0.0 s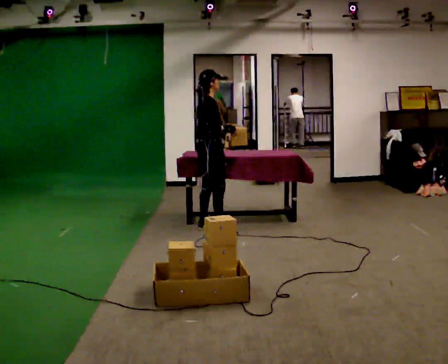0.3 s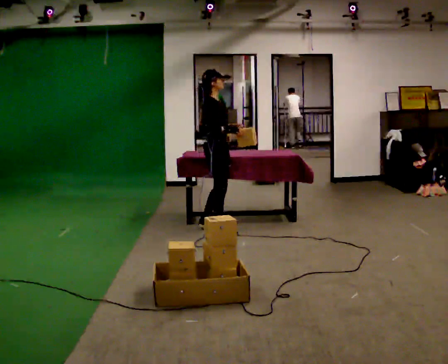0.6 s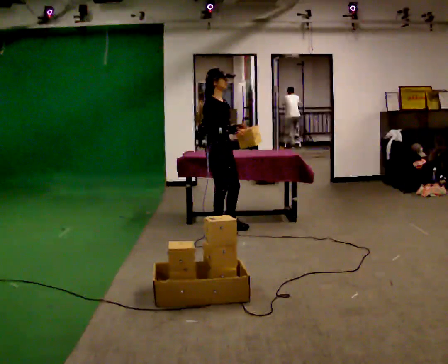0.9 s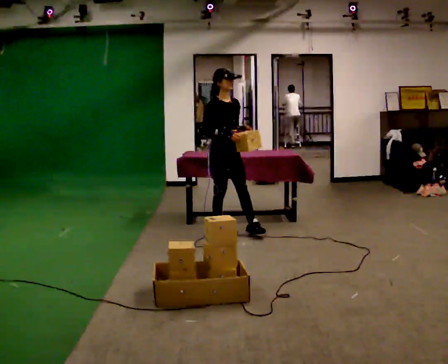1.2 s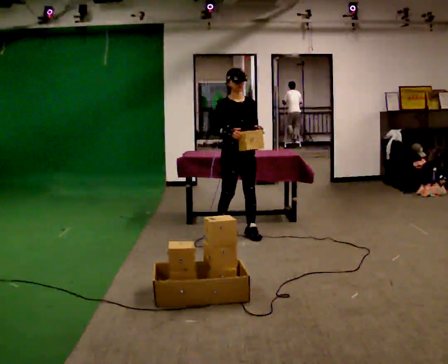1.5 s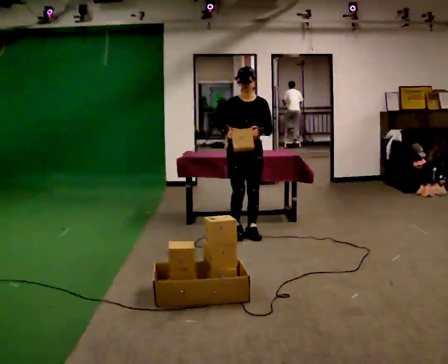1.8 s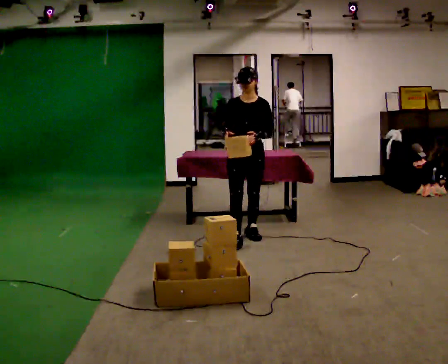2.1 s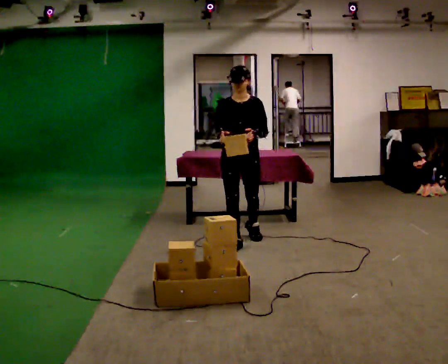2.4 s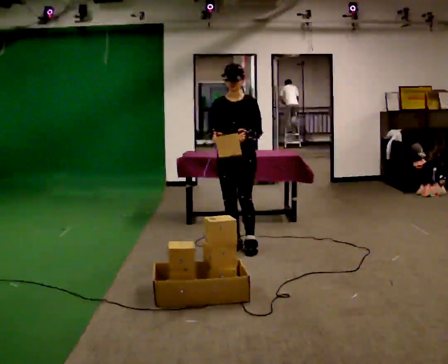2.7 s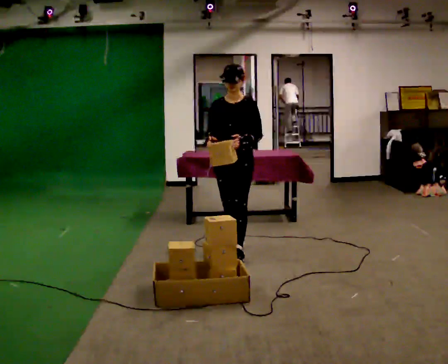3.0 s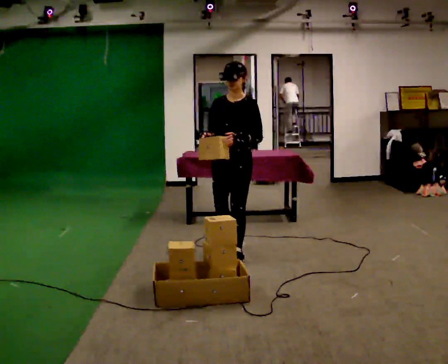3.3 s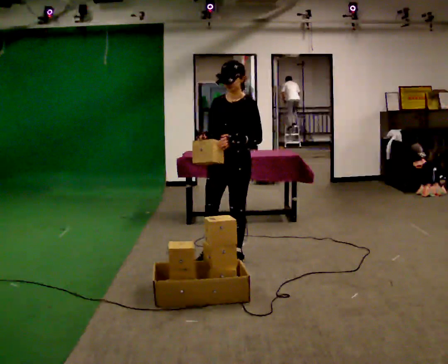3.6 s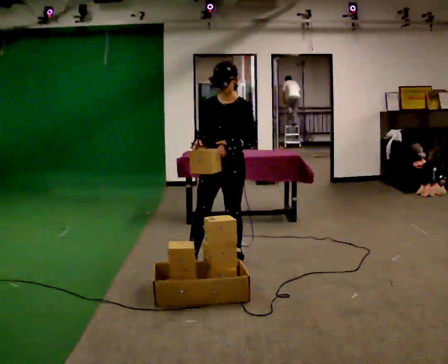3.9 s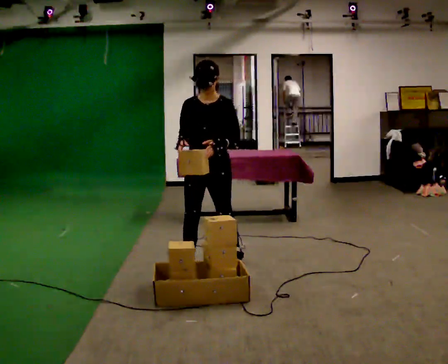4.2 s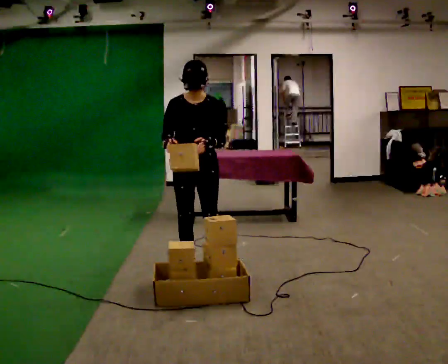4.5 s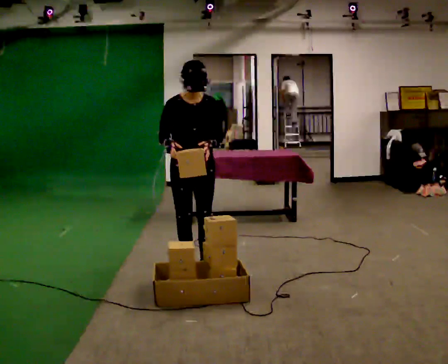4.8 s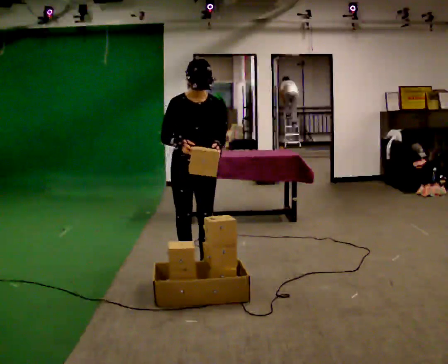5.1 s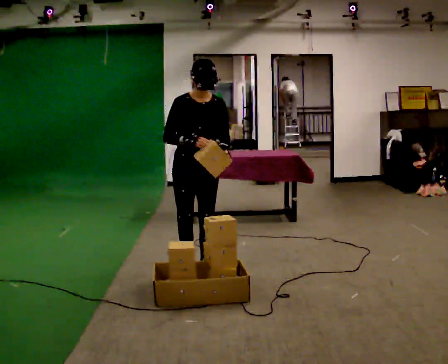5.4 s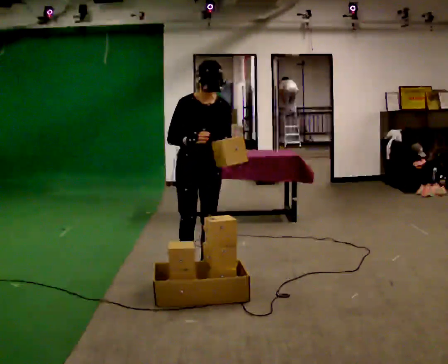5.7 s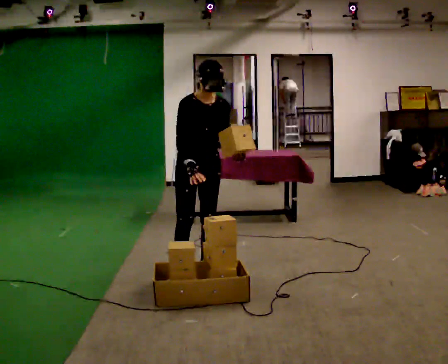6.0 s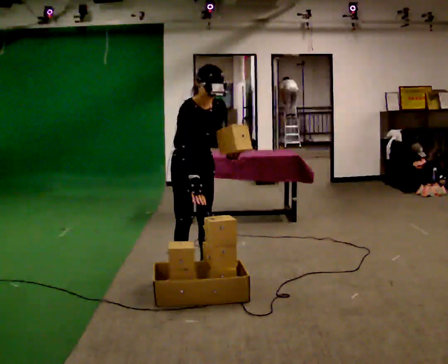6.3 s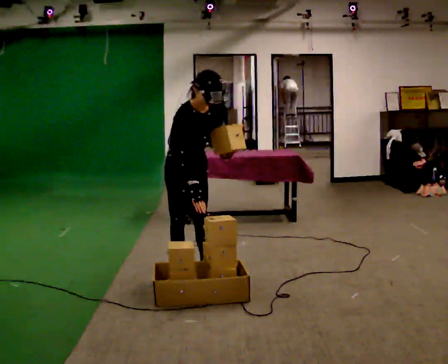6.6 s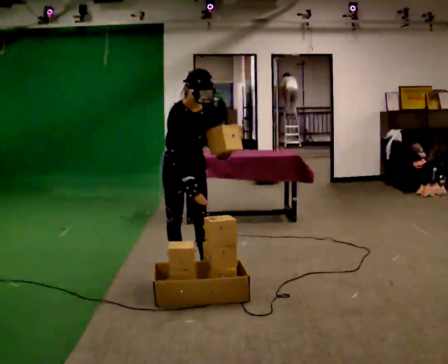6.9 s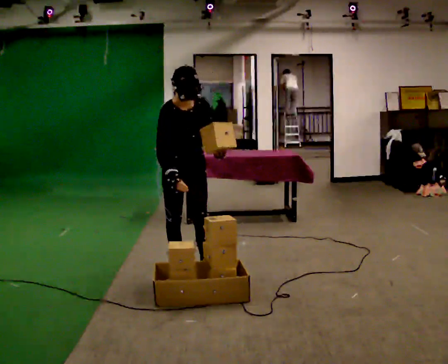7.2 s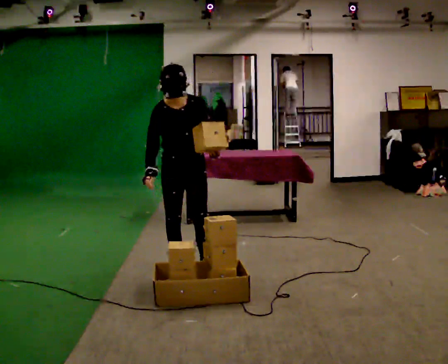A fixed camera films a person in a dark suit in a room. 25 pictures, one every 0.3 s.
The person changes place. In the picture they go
toward the camera.
The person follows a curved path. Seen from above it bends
clockwise.
0.0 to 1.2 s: Seen from above the body turns clockwise, about 75 degrees: to their right, with its near side sliding to the left. In the picture they go to the right and toward the camera, about 0.5 m in 1 step.
1.2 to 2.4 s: Seen from above the body turns clockwise, about 30 degrees: to their right, with its near side sliding to the left. In the picture they go toward the camera, about 0.5 m in 1 step, which for them is forward.
2.4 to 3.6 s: In the picture they go toward the camera, about 0.5 m in 2 steps, which for them is forward.
3.6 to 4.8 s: Seen from above the body turns counterclockwise, about 30 degrees: to their left, with its near side sliding to the right. In the picture they go to the left and toward the camera, about 0.25 m in 1 step, which for them is to their right and forward.
4.8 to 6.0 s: The person turns about 30 degrees to their left, counterclockwise seen from above, so the part of the body nearest the lens slides to the right.
6.0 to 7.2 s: In the picture the upper body tilts counterclockwise, shoulders to the left. In the picture their right hand goes to the left.
The film runs forward here.
